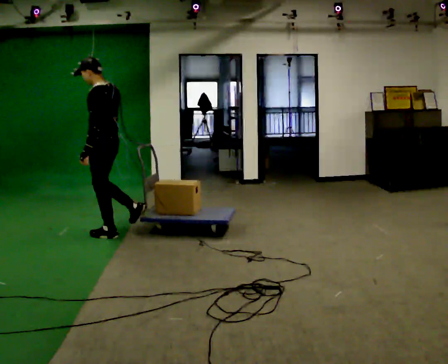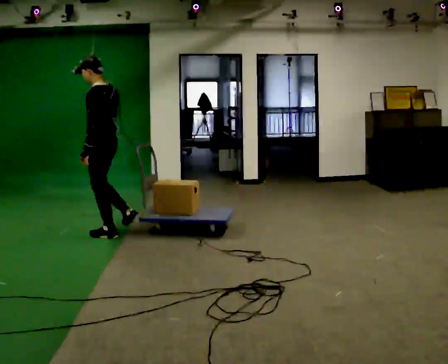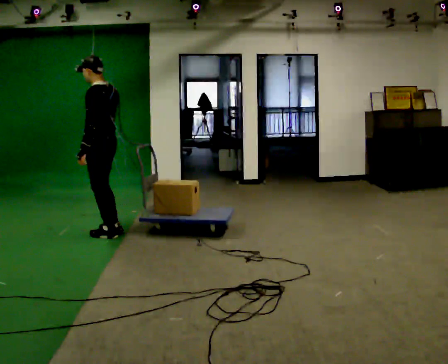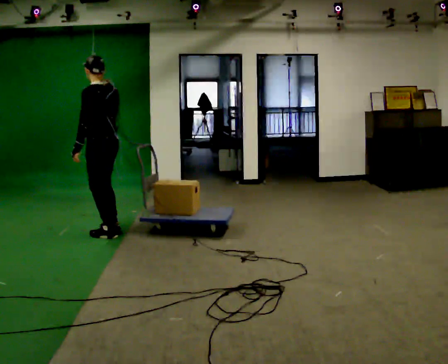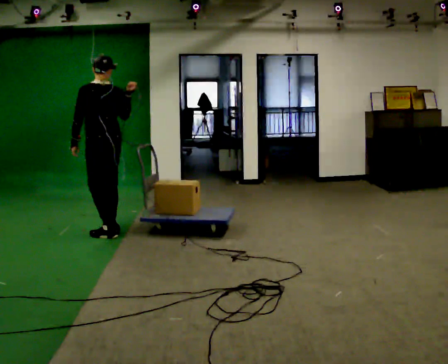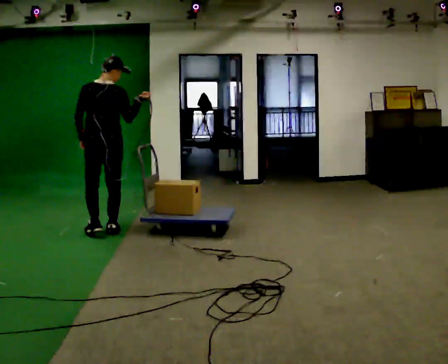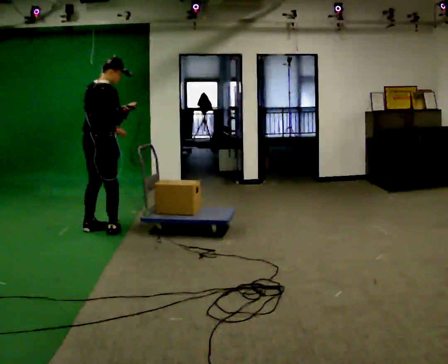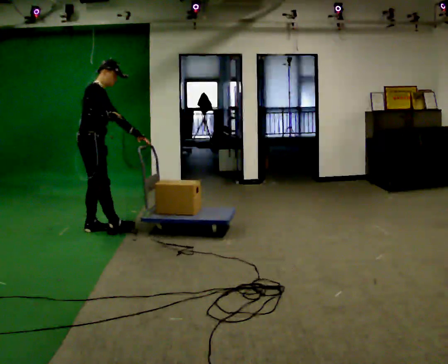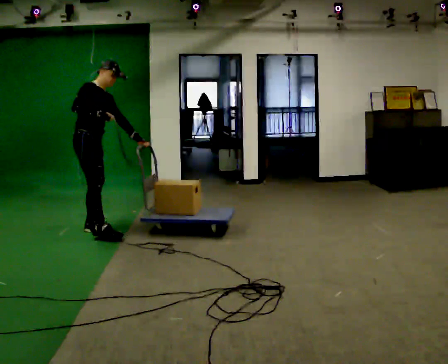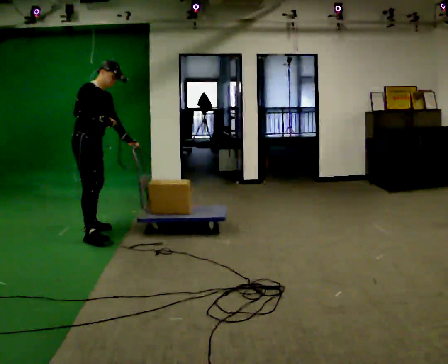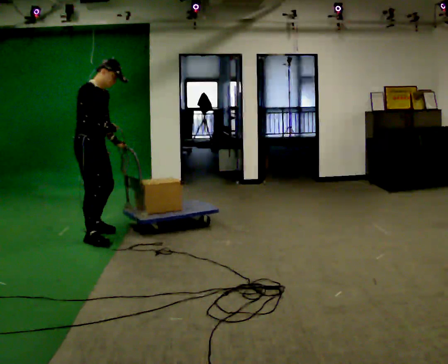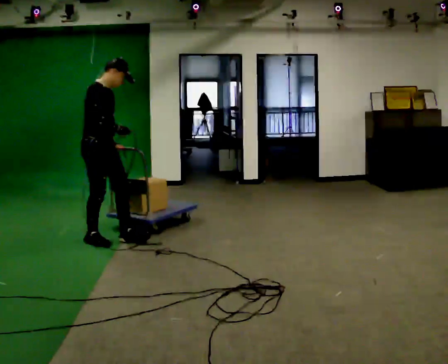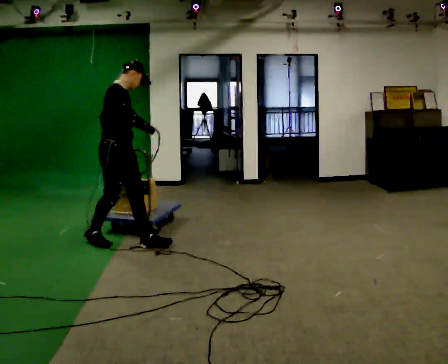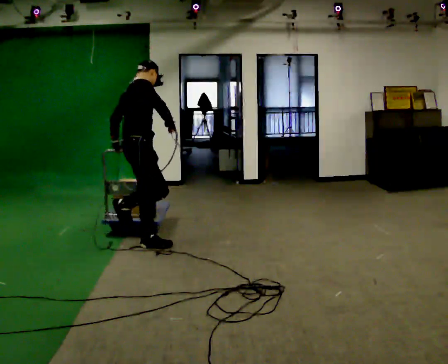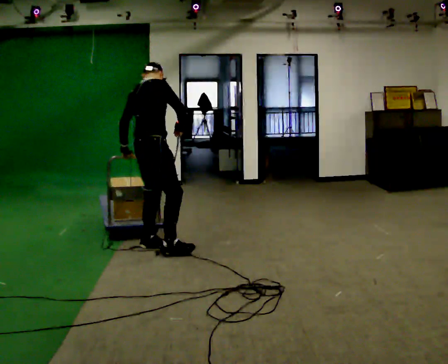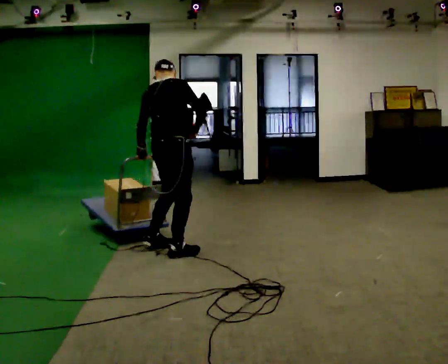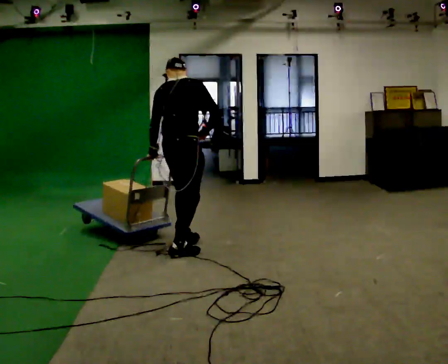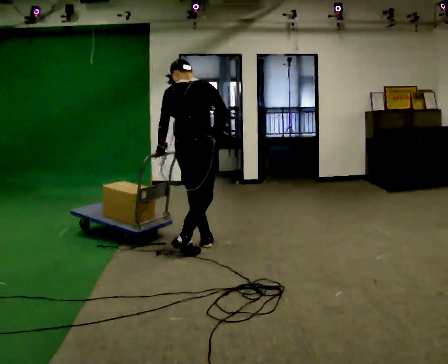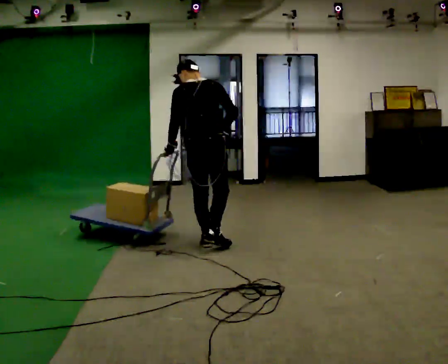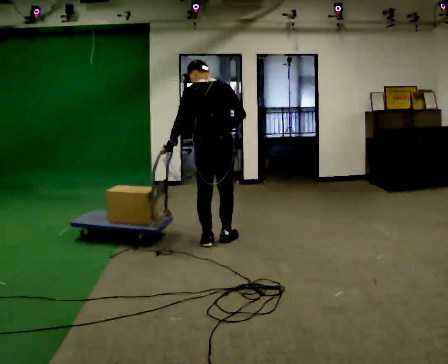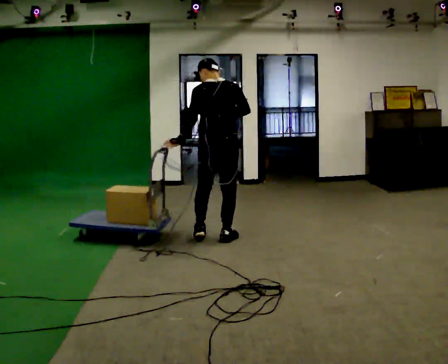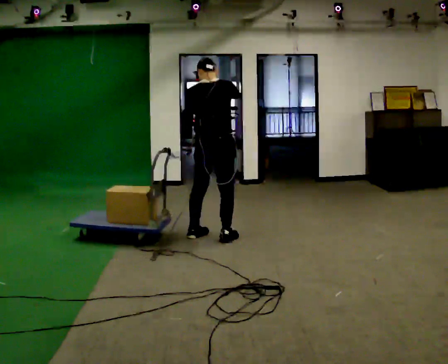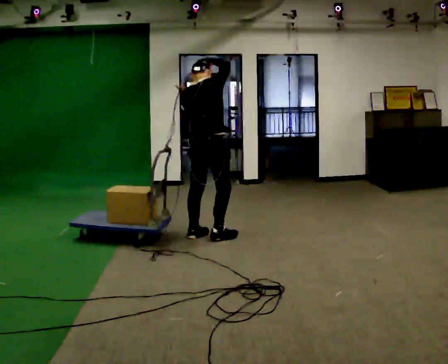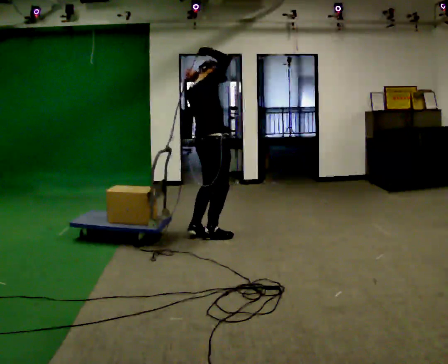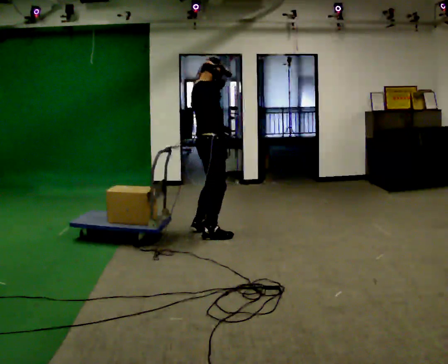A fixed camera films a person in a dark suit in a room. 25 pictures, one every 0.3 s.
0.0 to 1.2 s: The person turns about 45 degrees to their right, clockwise seen from above, so the part of the body nearest the lens slides to the left. In the picture their right hand goes to the right.
1.2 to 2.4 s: The person turns about 135 degrees to their right, clockwise seen from above, so the part of the body nearest the lens slides to the left. In the picture they go to the left, about 0.25 m in 1 step. The upper body tips away from the camera, its near side rolling upward. In the picture their left hand goes to the right, the arm swinging counterclockwise.
2.4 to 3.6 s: In the picture they go toward the camera and to the right, about 0.5 m in 2 steps, which for them is forward and to their right.
3.6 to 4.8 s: The person turns about 60 degrees to their left, counterclockwise seen from above, so the part of the body nearest the lens slides to the right. In the picture they go to the right and toward the camera, about 0.75 m in 1 step.
4.8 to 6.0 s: Seen from above the body turns counterclockwise, about 30 degrees: to their left, with its near side sliding to the right. In the picture they go to the right and away from the camera, about 0.5 m in 2 steps, which for them is forward and to their right.
6.0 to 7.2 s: The person turns about 75 degrees to their right, clockwise seen from above, so the part of the body nearest the lens slides to the left. In the picture they go away from the camera, about 0.25 m in 3 steps. In the picture their left hand goes upward and to the right.
The film runs forward here.
